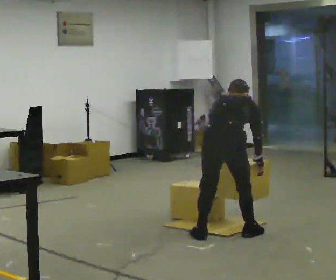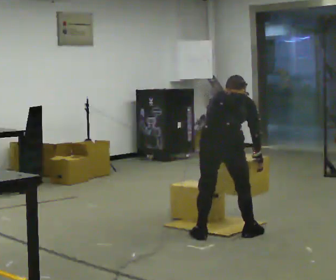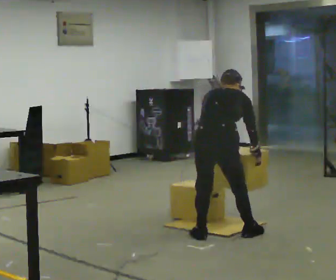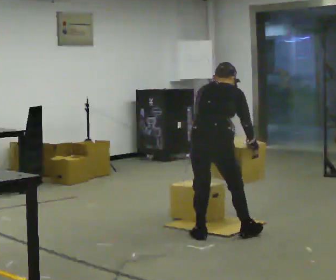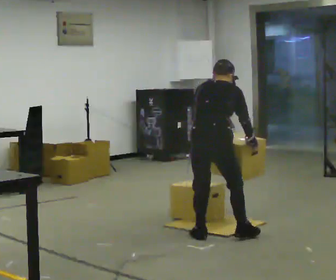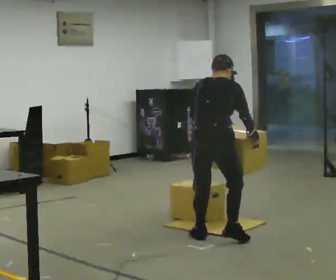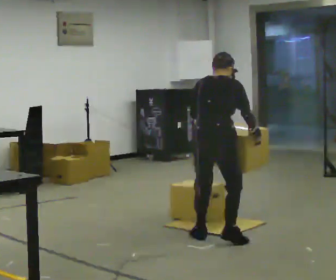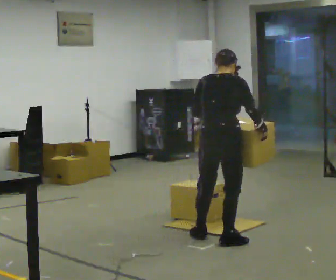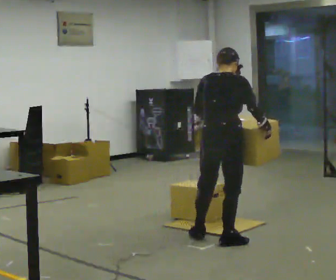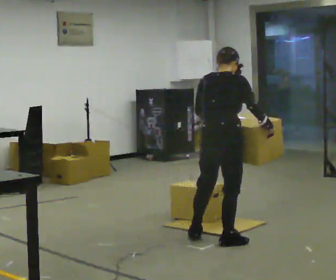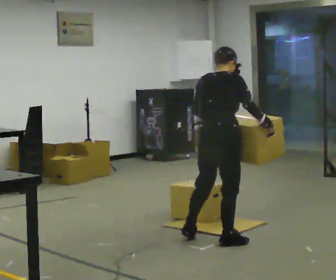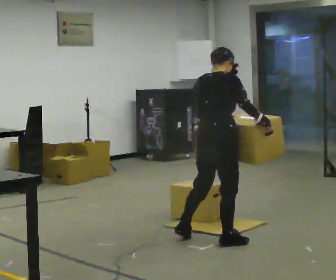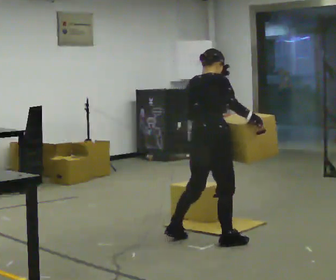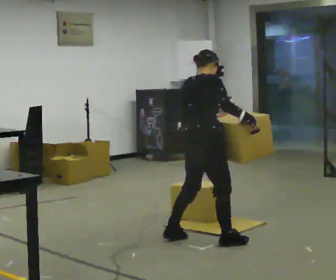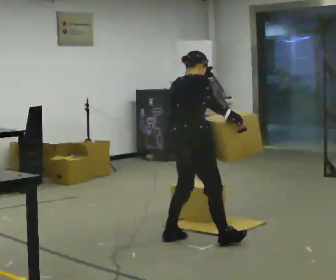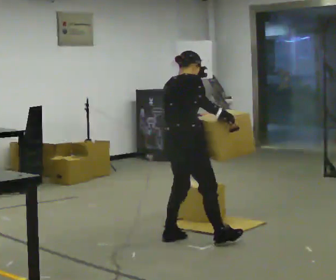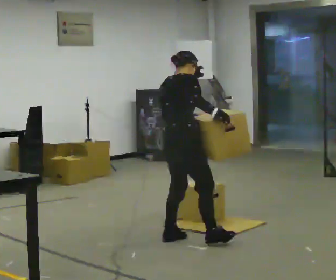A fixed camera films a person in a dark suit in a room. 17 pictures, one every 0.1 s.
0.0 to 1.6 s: Seen from above the body turns clockwise, about 30 degrees: to their right, with its near side sliding to the left. In the picture they go to the left, about 0.25 m in 3 steps, which for them is to their left and backward. The upper body goes upward. The upper body tips toward the camera, its near side rolling downward, as they lean back or straighten. In the picture their right hand goes upward.
The film runs backward here.
